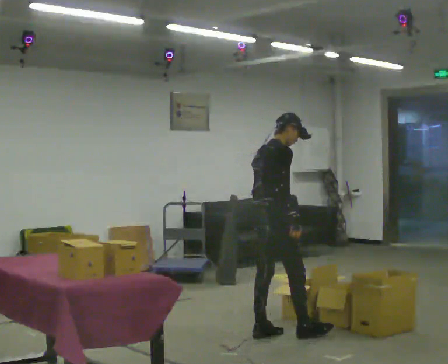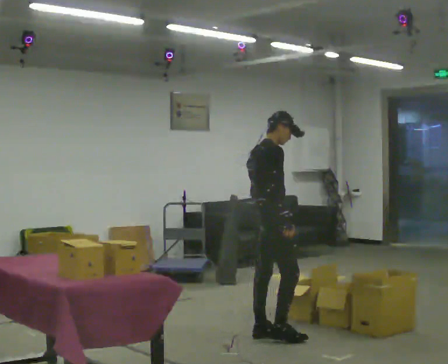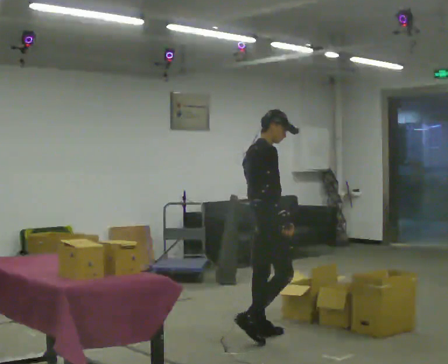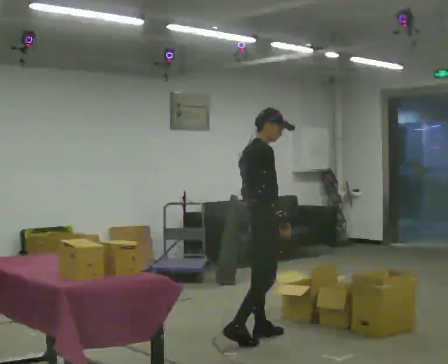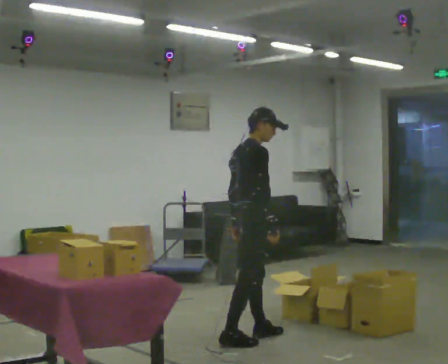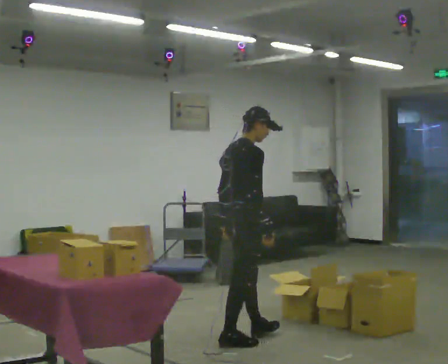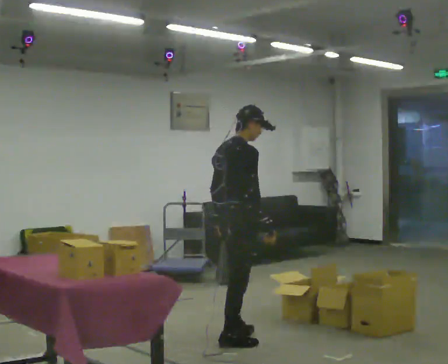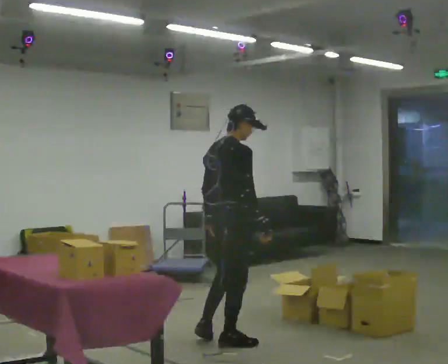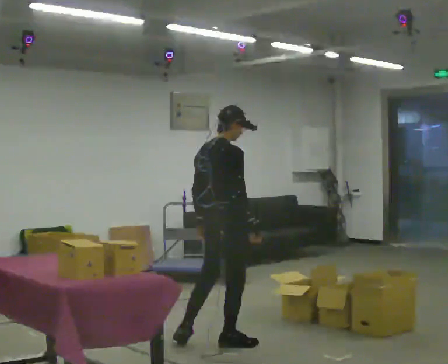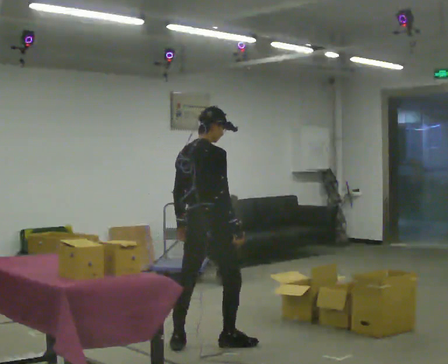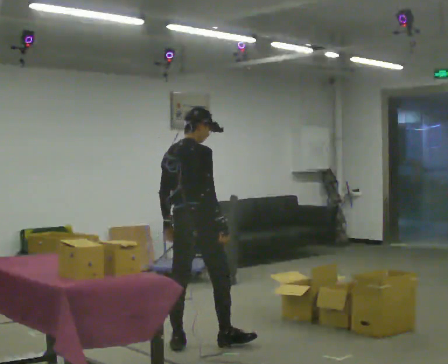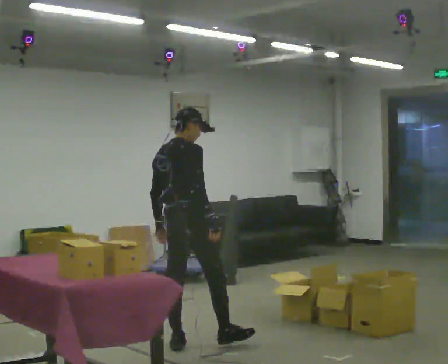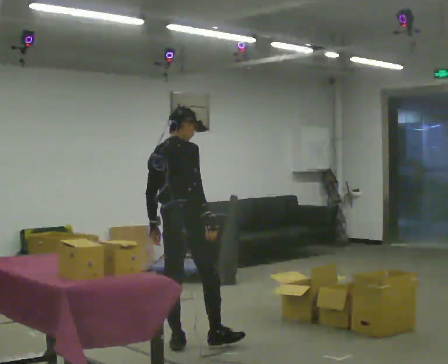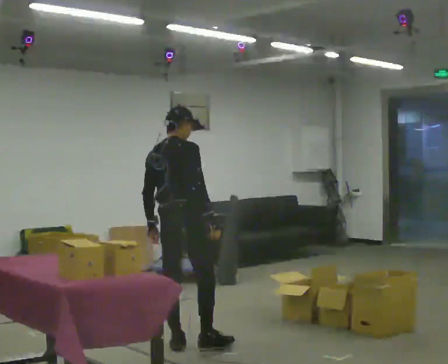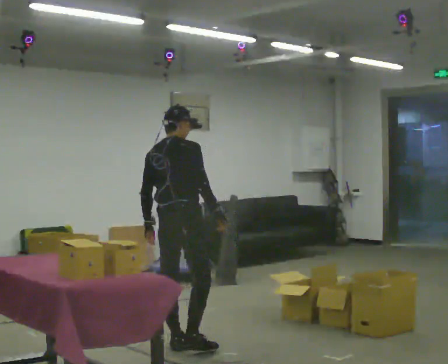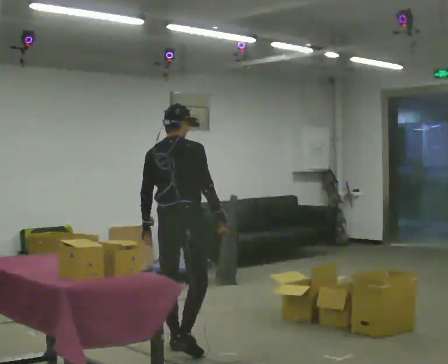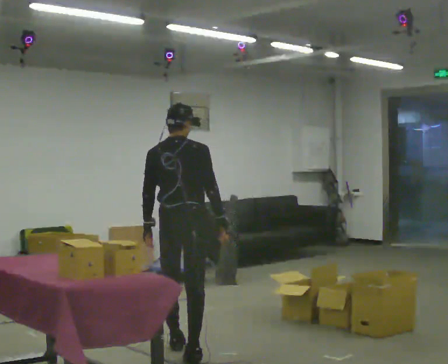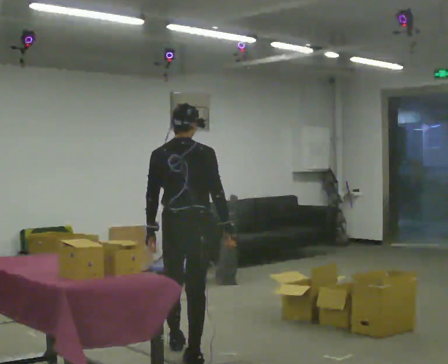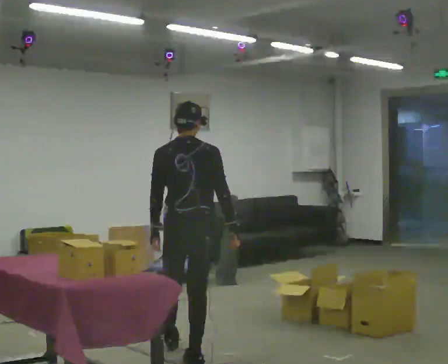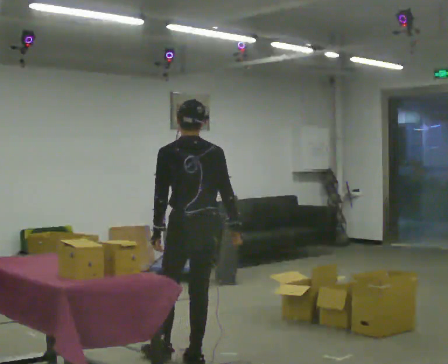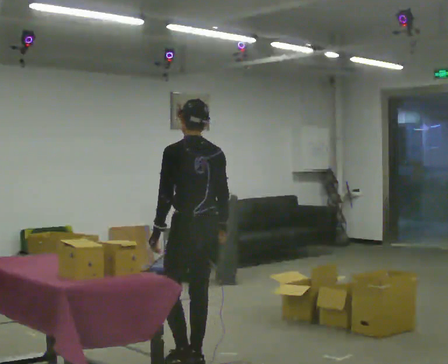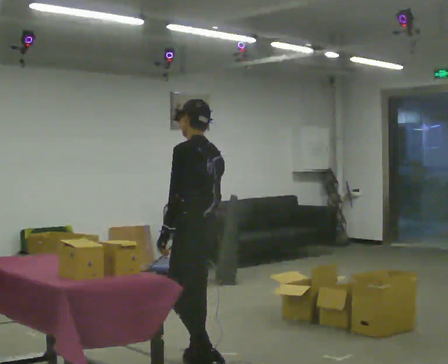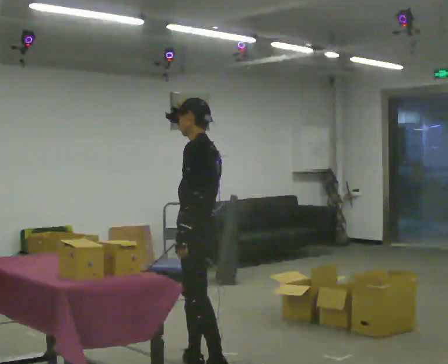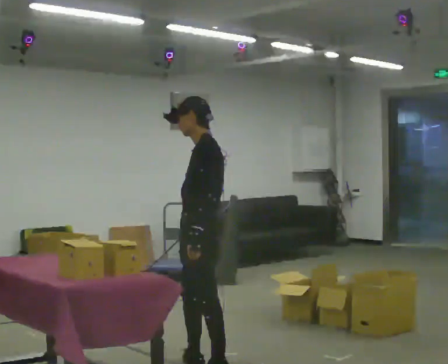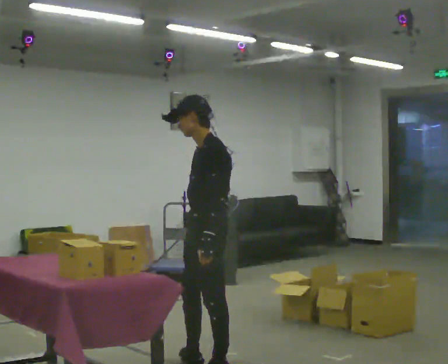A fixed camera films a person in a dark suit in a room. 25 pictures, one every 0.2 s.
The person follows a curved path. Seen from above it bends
counterclockwise.
The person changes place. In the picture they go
toward the camera.
0.0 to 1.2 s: In the picture they go to the left and toward the camera, about 0.5 m in 1 step, which for them is backward and to their right.
1.2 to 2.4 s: In the picture they go to the left, about 0.5 m in 1 step, which for them is backward and to their left.
2.4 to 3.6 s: The person turns about 45 degrees to their left, counterclockwise seen from above, so the part of the body nearest the lens slides to the right. In the picture they go toward the camera, about 0.25 m in 1 step, which for them is backward and to their right.
3.6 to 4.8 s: The person turns about 90 degrees to their left, counterclockwise seen from above, so the part of the body nearest the lens slides to the right. In the picture they go toward the camera, about 0.25 m.
The film runs backward here.
